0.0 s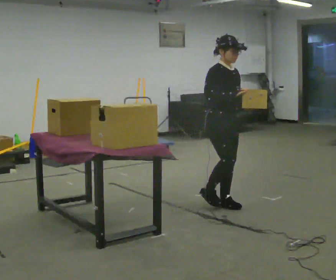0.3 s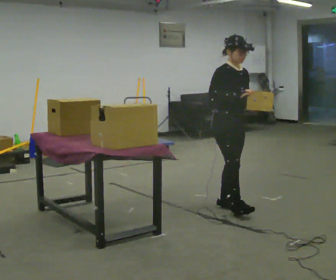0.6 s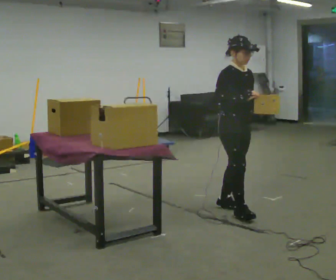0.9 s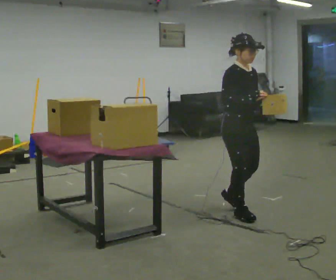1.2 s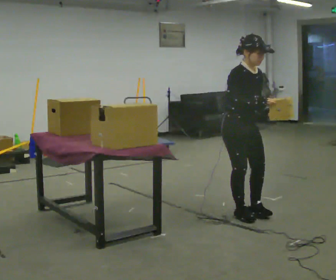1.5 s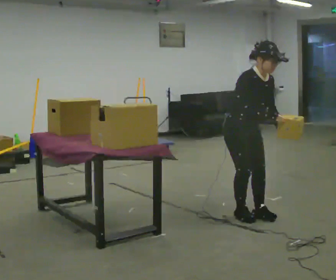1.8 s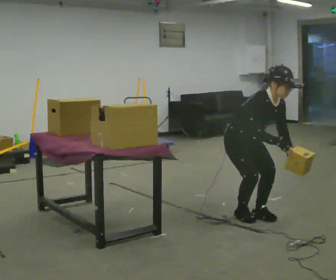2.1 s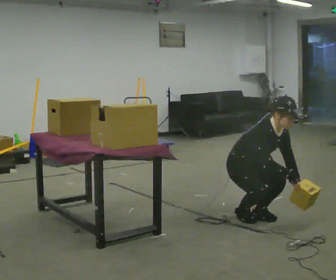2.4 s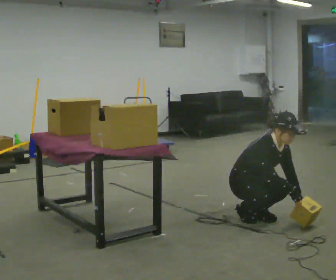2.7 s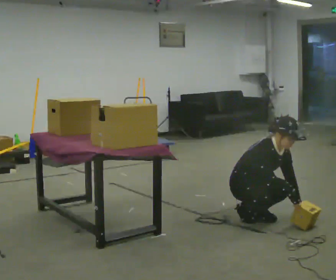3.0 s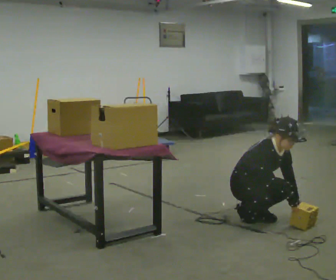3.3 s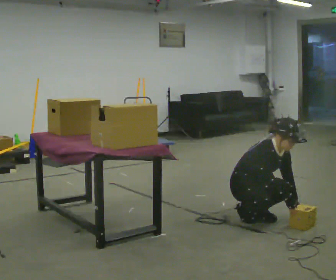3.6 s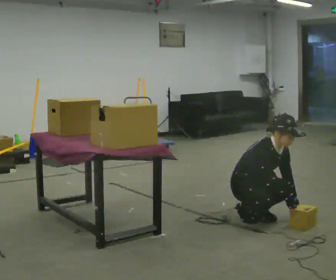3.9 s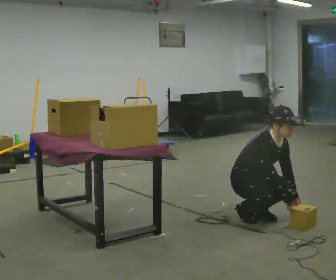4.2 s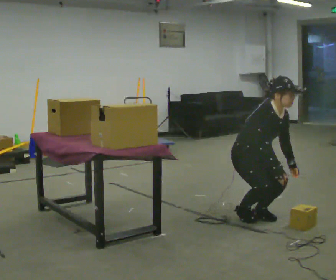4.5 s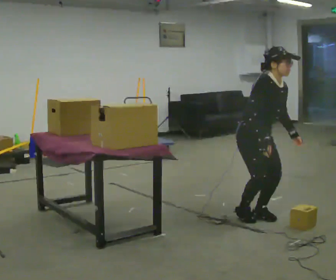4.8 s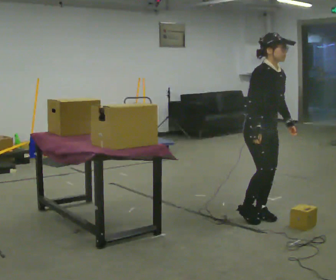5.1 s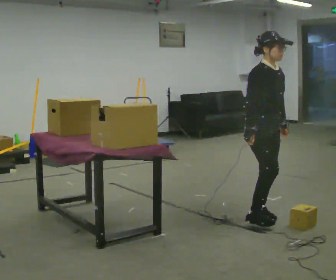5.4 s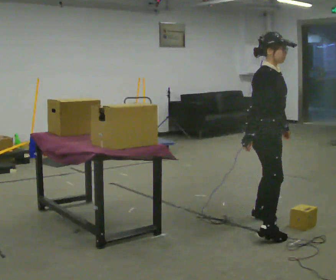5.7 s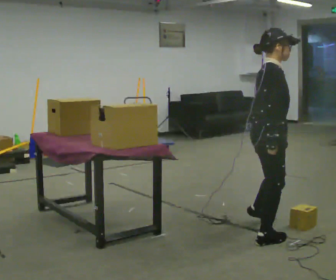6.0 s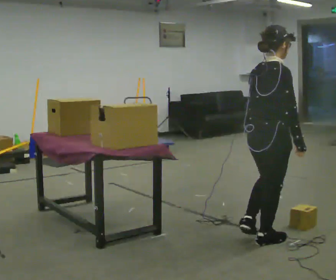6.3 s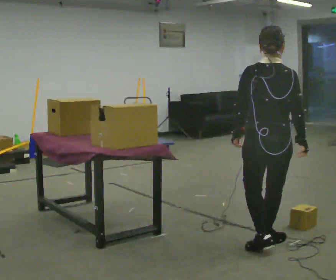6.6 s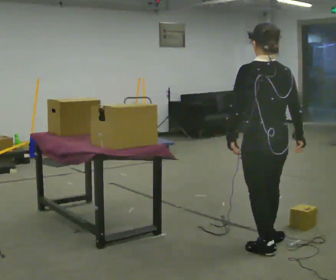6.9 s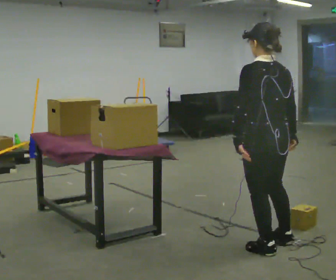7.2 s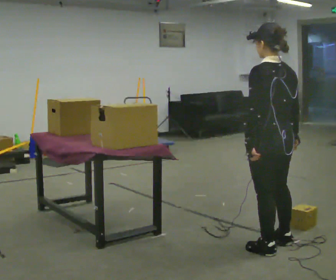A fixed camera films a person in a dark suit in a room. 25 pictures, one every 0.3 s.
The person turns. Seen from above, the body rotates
counterclockwise.
The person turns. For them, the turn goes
to their left.
0.0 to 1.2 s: In the picture they go toward the camera, about 0.25 m in 1 step, which for them is forward.
1.2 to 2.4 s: The upper body goes downward. In the picture the upper body tilts clockwise, shoulders to the right, as they bend forward. In the picture their right hand goes downward.
2.4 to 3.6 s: The person moves a little, or ends about where they began.
3.6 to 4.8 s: The shoulders move upward. The upper body tips away from the camera, its near side rolling upward, as they lean back or straighten. In the picture their right hand goes upward.
4.8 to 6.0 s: Seen from above the body turns counterclockwise, about 75 degrees: to their left, with its near side sliding to the right. In the picture they go toward the camera, about 0.5 m in 1 step.
6.0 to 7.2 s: Seen from above the body turns counterclockwise, about 90 degrees: to their left, with its near side sliding to the right.
The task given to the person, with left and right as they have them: Carry the object over and fit it into the gap between the two boxes already on the shelf, without touching either of them. Keep going until the operator says stop; one object at a time, and do not rush between trips.
The film runs forward here.
